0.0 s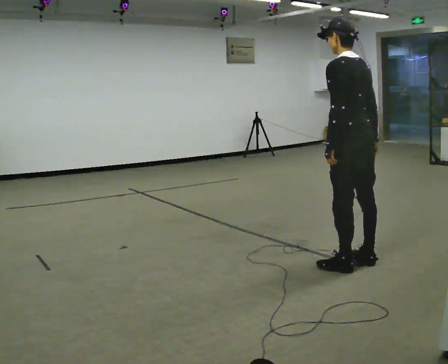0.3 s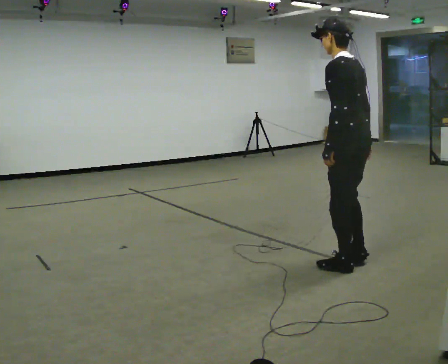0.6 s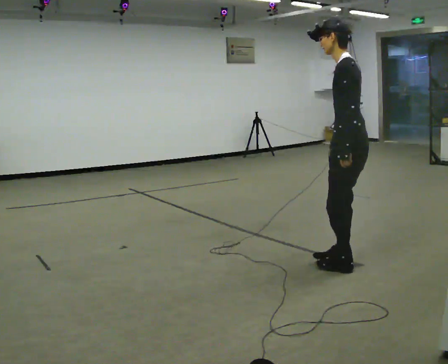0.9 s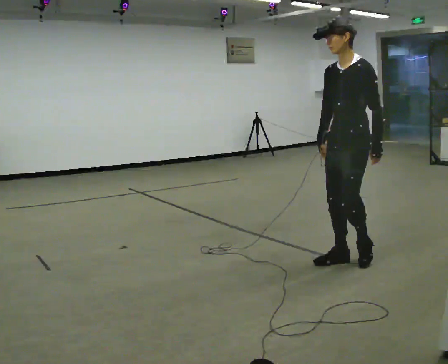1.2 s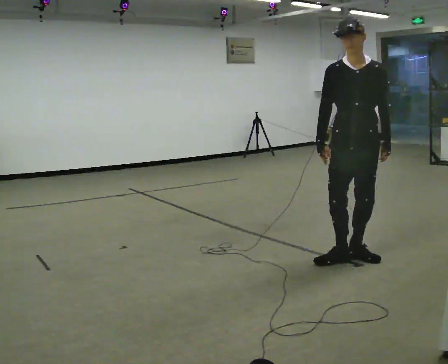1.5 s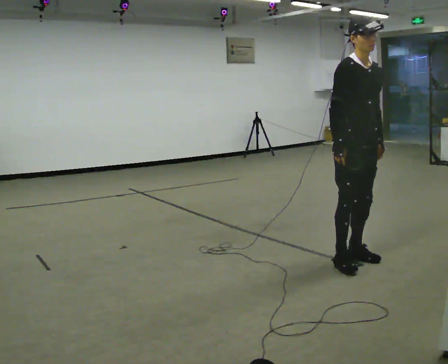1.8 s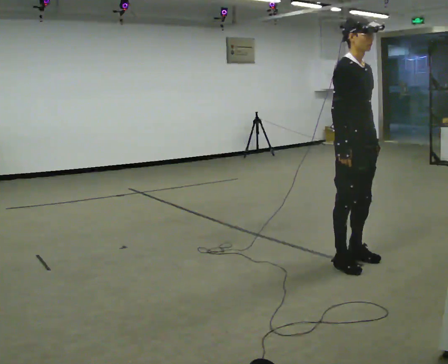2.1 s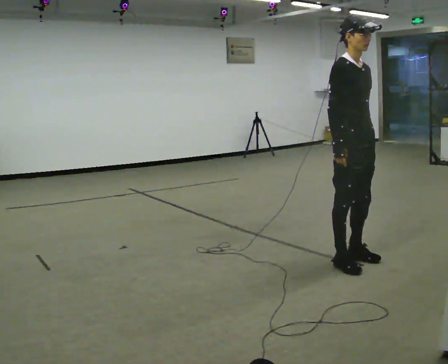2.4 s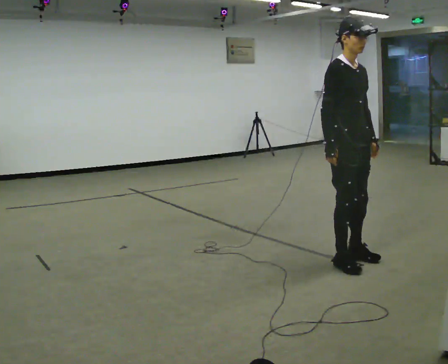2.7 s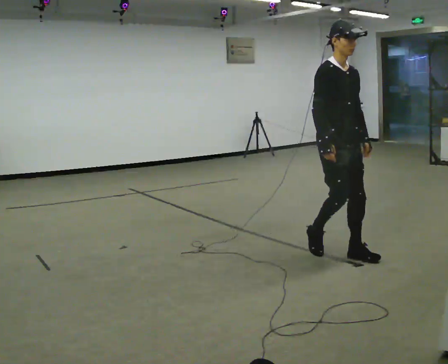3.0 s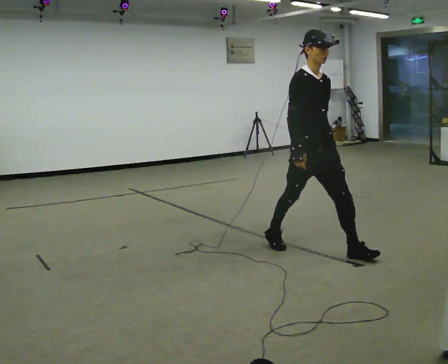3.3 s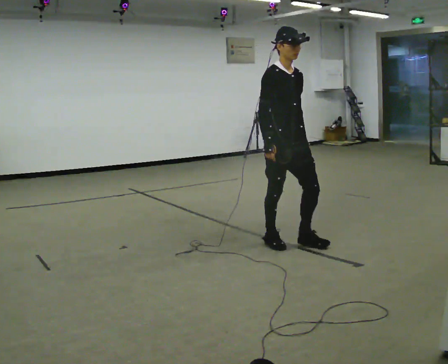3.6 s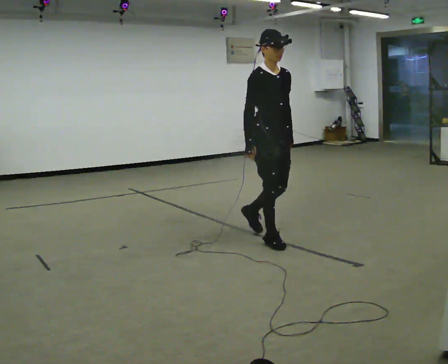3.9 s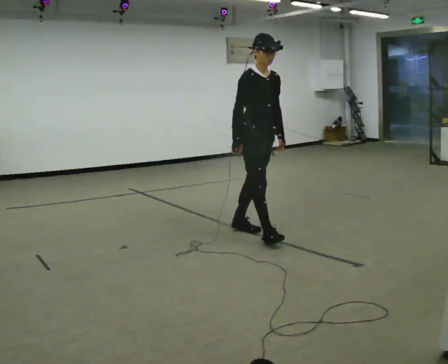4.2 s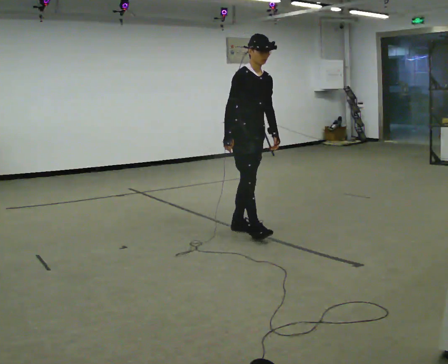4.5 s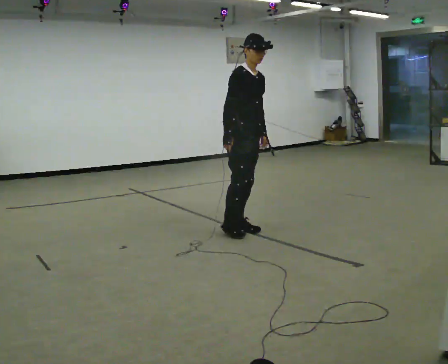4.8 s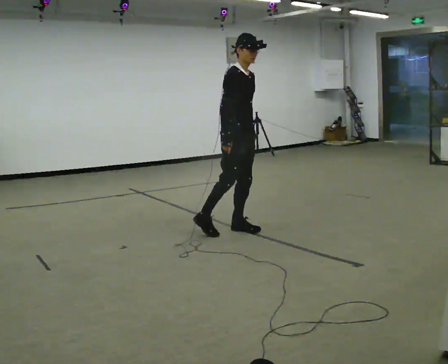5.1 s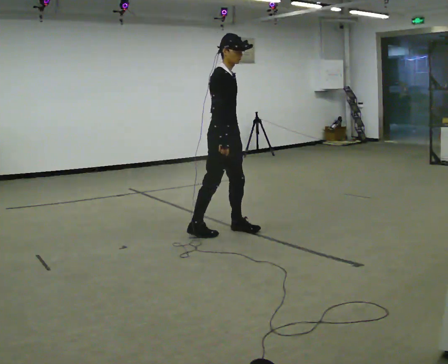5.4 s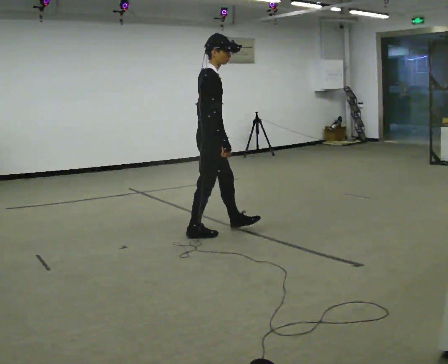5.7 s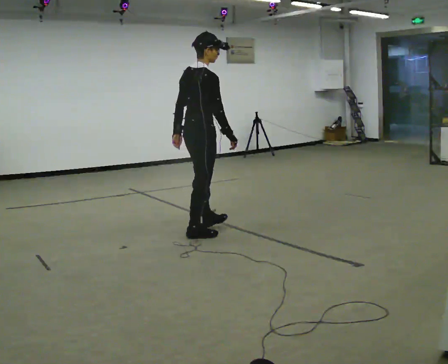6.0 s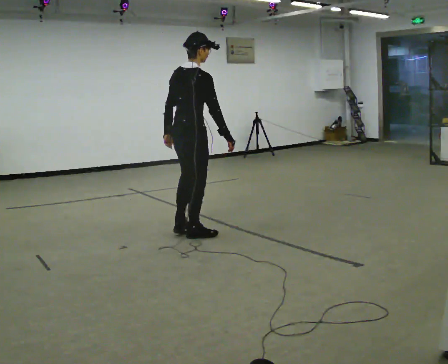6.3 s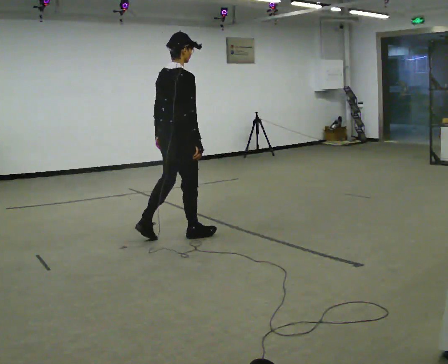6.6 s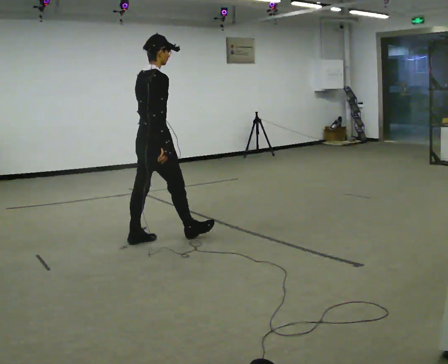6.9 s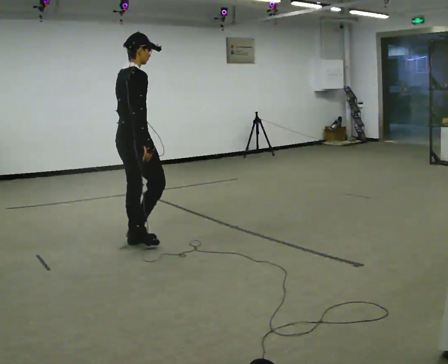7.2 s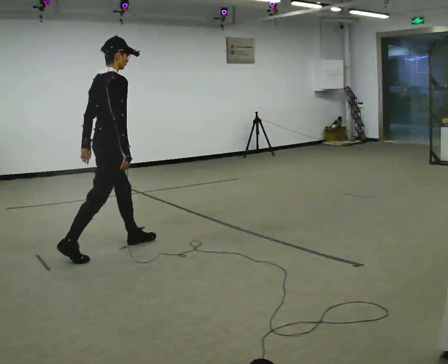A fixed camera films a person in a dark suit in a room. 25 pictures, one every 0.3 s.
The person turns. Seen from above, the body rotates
counterclockwise.
The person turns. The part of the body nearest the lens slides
to the right.
0.0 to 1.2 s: The part of the body nearest the lens slides to the right as the person turns to their left by about 120 degrees. In the picture their right hand goes to the left, the arm swinging clockwise.
1.2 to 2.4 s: The person turns about 60 degrees to their left, counterclockwise seen from above, so the part of the body nearest the lens slides to the right.
2.4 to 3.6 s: In the picture they go away from the camera and to the left, about 0.5 m in 2 steps, which for them is backward.
3.6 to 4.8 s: In the picture they go away from the camera and to the left, about 0.5 m in 1 step, which for them is backward.
4.8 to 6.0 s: The part of the body nearest the lens slides to the right as the person turns to their left by about 75 degrees. In the picture they go to the left and toward the camera, about 0.5 m in 1 step.
6.0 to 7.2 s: In the picture they go to the left and toward the camera, about 0.75 m in 1 step, which for them is backward.
The film runs backward here.
